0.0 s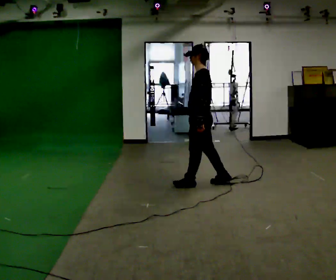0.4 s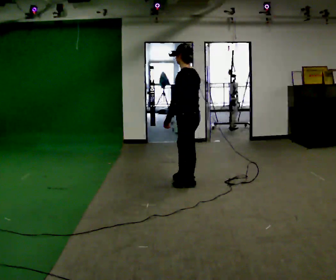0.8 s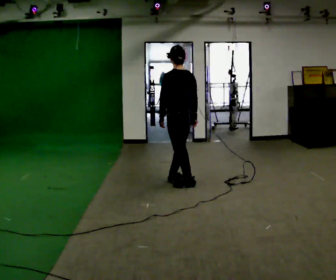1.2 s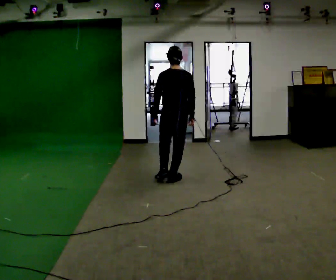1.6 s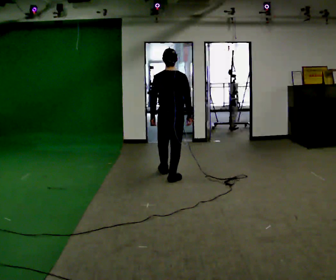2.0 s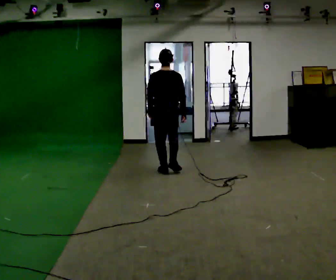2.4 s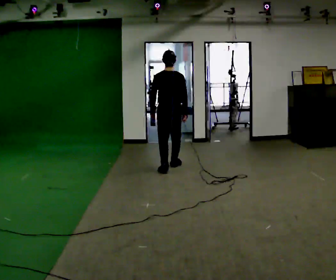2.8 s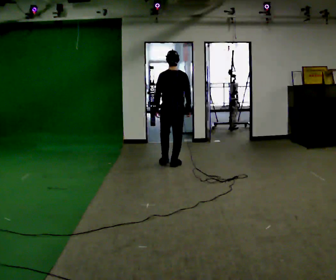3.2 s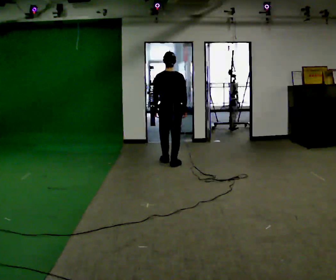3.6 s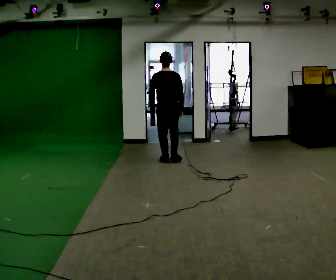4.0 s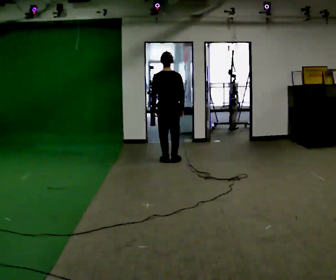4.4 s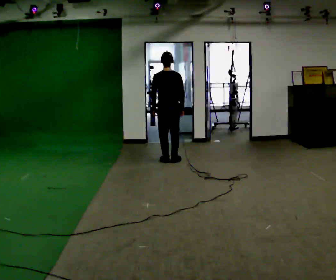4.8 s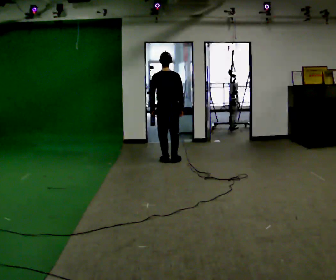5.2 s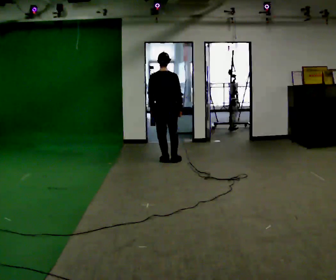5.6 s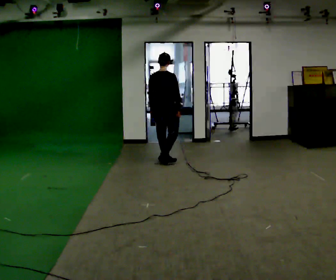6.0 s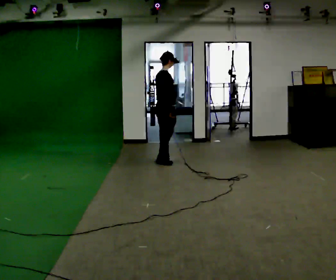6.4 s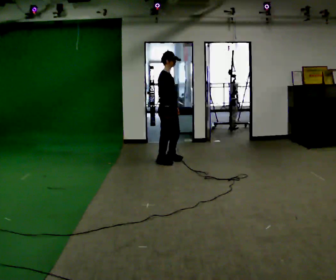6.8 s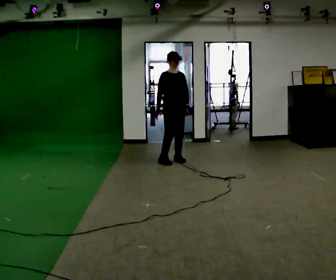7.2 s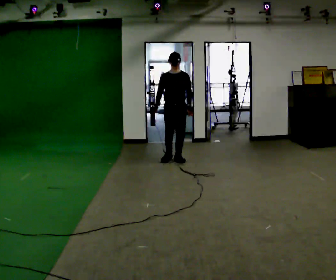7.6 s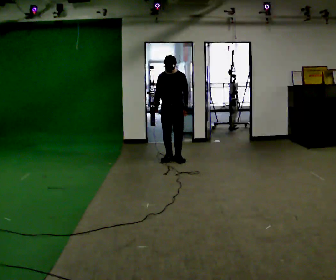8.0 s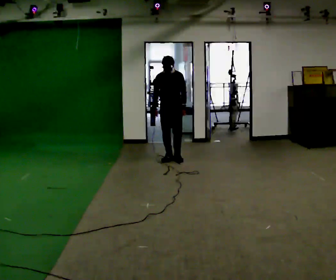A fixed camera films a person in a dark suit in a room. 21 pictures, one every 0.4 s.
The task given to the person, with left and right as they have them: Walk straight; turn 90° left/right while continuing to walk; continue.
0.0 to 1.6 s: The person turns about 90 degrees to their right, clockwise seen from above, so the part of the body nearest the lens slides to the left. In the picture they go away from the camera and to the left, about 0.5 m in 2 steps.
1.6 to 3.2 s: In the picture they go away from the camera, about 1 m in 2 steps, which for them is forward.
3.2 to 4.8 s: The person moves a little, or ends about where they began.
4.8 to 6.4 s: The part of the body nearest the lens slides to the left as the person turns to their right by about 105 degrees.
6.4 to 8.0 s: The person turns about 75 degrees to their right, clockwise seen from above, so the part of the body nearest the lens slides to the left. In the picture they go away from the camera, about 0.25 m in 2 steps.
The film runs forward here.
